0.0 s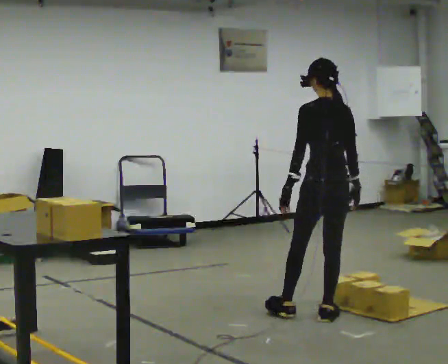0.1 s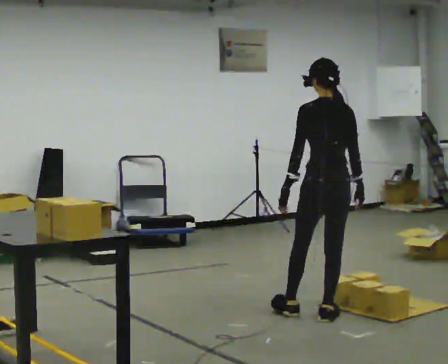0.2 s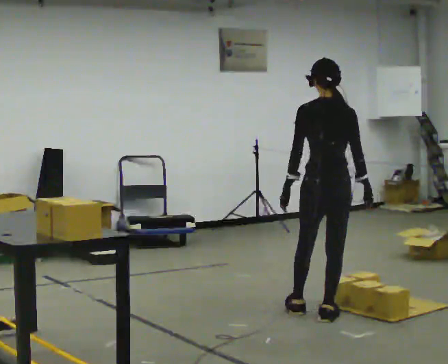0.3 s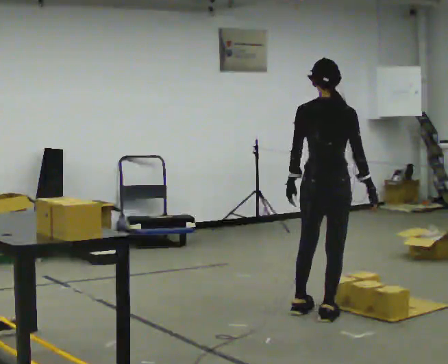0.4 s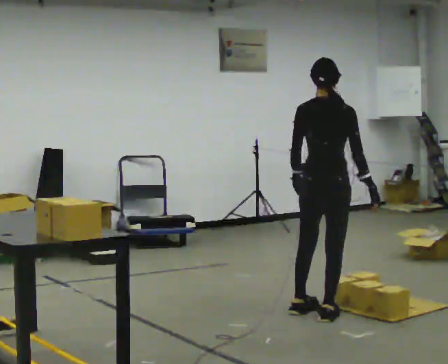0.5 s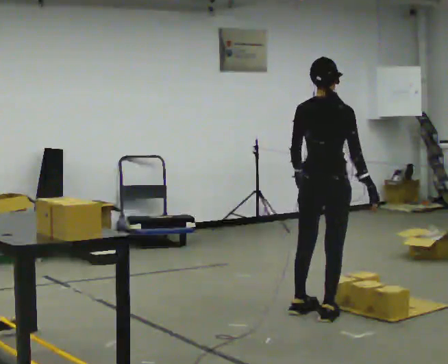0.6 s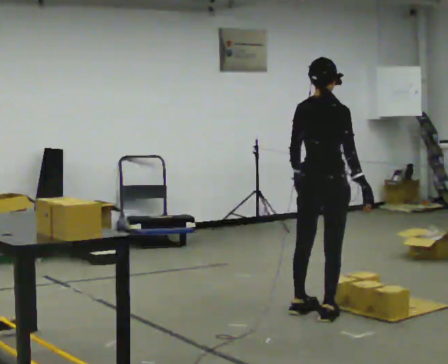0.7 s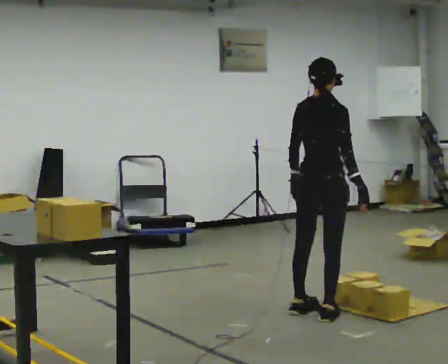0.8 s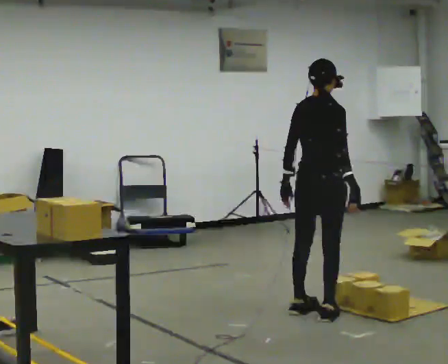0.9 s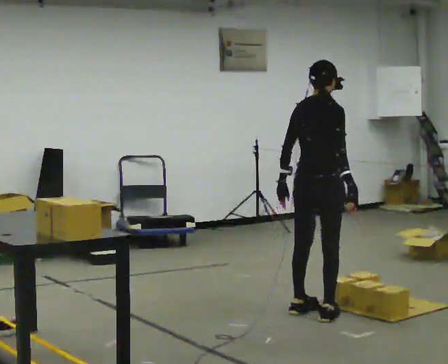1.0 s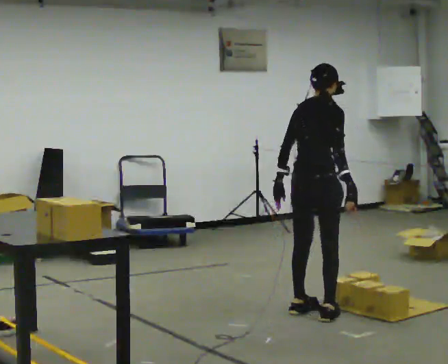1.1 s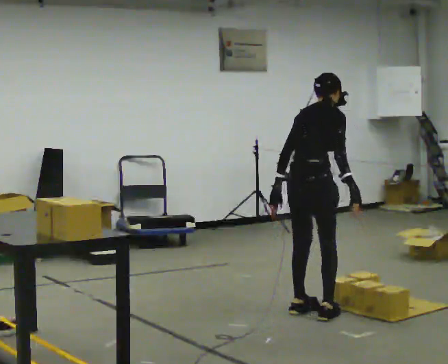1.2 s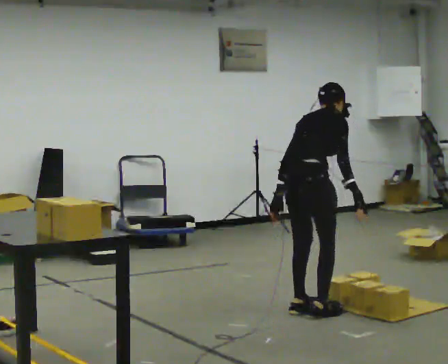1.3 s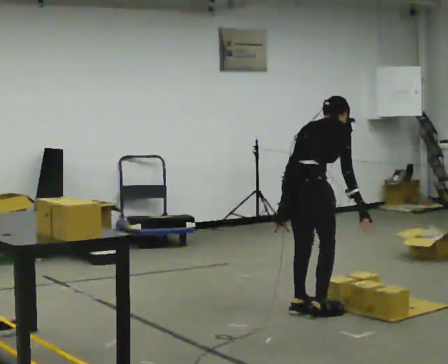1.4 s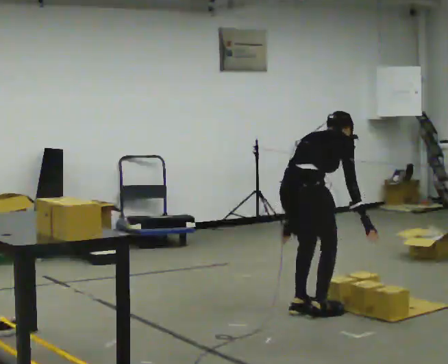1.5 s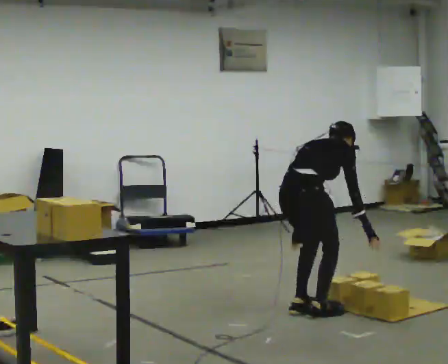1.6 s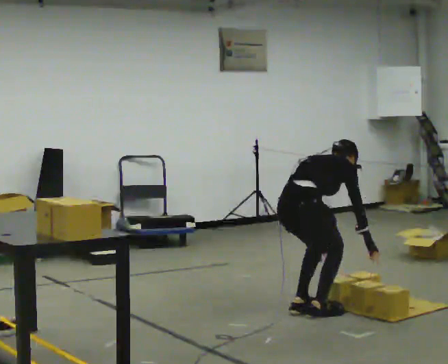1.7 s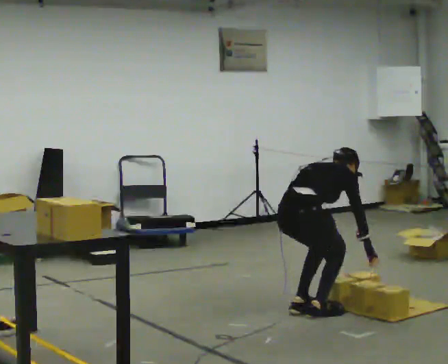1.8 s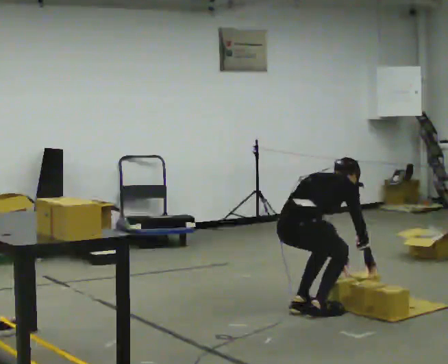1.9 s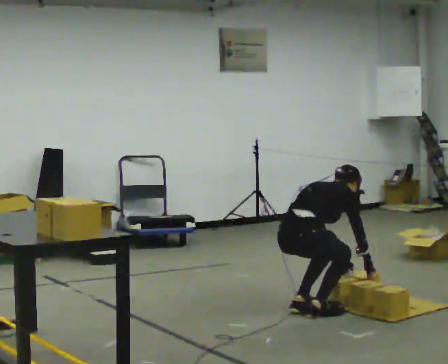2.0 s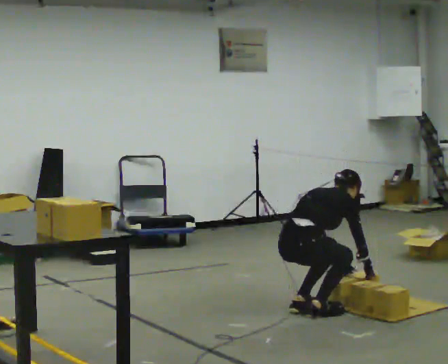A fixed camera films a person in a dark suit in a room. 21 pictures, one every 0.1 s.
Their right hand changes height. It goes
downward.
Their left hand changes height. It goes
downward.
0.0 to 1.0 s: The person turns about 60 degrees to their right, clockwise seen from above, so the part of the body nearest the lens slides to the left.
1.0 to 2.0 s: The upper body goes downward. In the picture the upper body tilts clockwise, shoulders to the right, as they bend forward. In the picture their left hand goes downward and to the right.
The film runs backward here.
